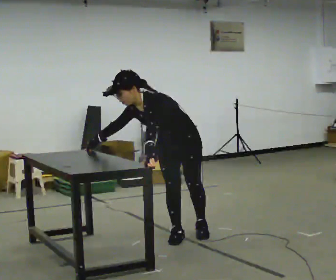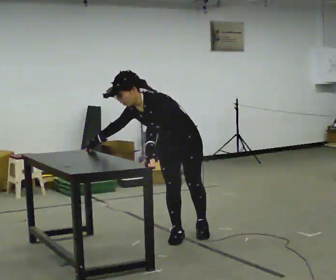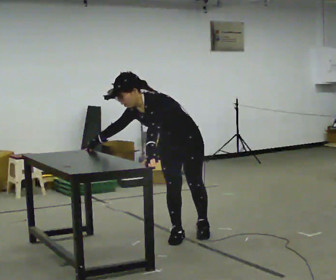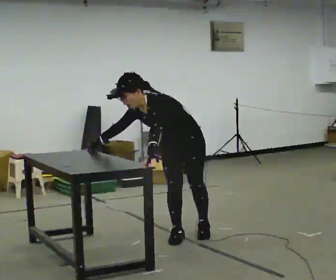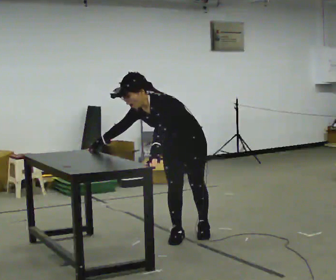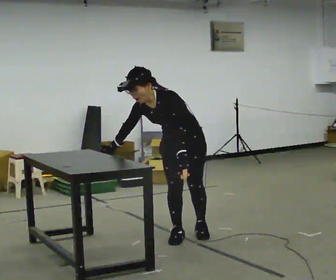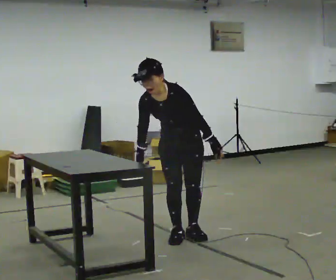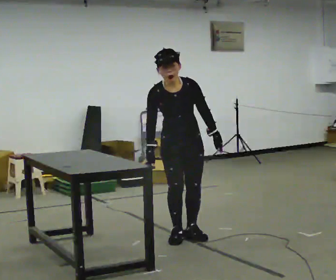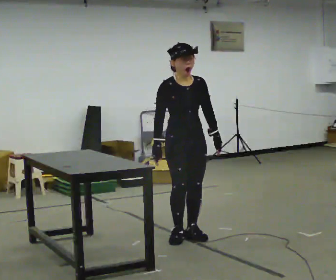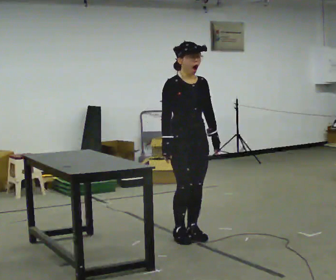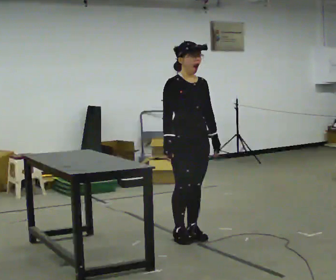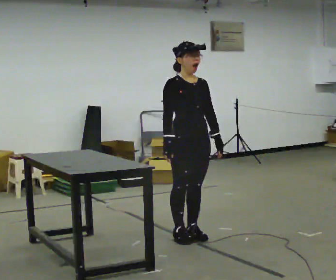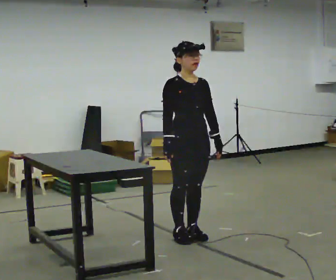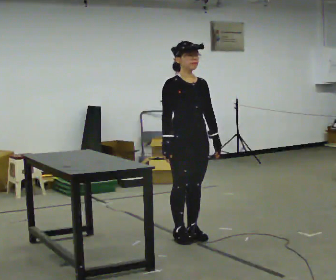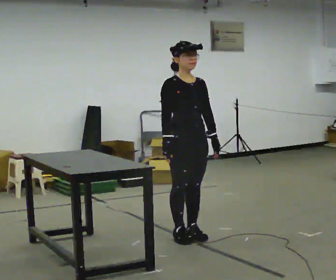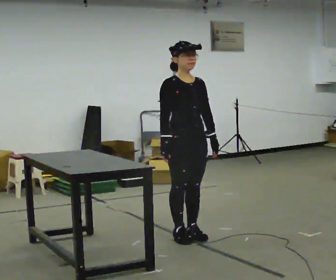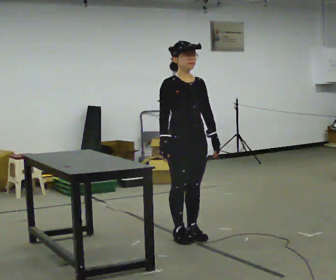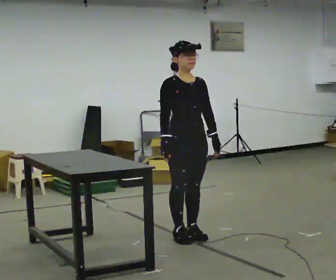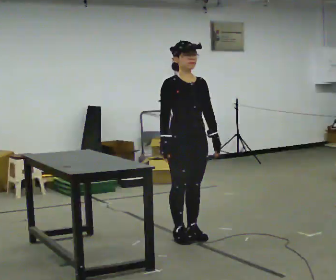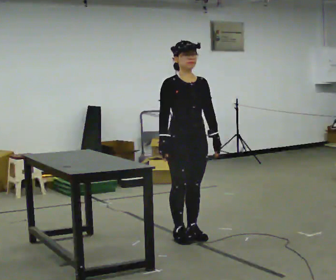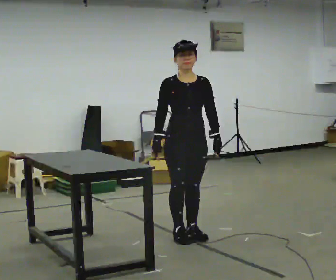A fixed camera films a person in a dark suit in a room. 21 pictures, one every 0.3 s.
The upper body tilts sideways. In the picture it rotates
clockwise.
0.0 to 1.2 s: The person moves a little, or ends about where they began.
1.2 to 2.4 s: The part of the body nearest the lens slides to the right as the person turns to their left by about 60 degrees. The upper body goes upward. In the picture the upper body tilts clockwise, shoulders to the right, as they lean back or straighten. In the picture their left hand goes to the right.
2.4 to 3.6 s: The person moves a little, or ends about where they began.
3.6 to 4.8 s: The person keeps their place and pose.
4.8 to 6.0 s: The person moves a little, or ends about where they began.
The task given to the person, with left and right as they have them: Touch each numbered target to your side and behind you in the order the operator calls, without moving your feet. Keep both feet on the marked spots for the whole take. If you have to step, stop and tell the operator.
The film runs forward here.
